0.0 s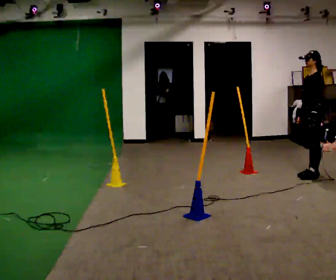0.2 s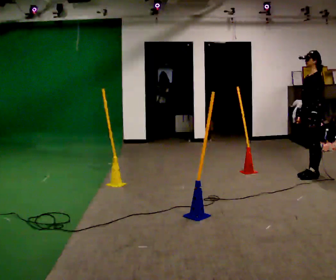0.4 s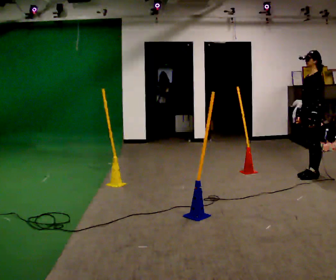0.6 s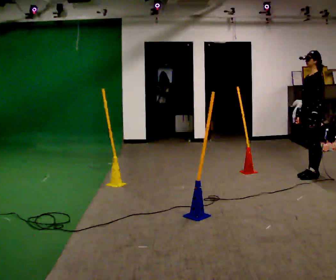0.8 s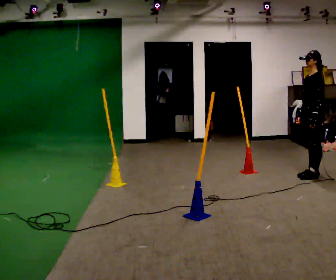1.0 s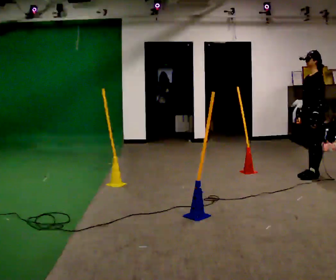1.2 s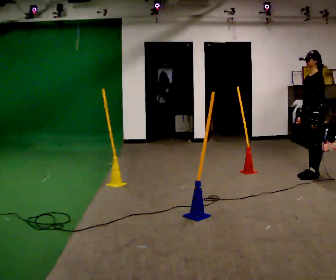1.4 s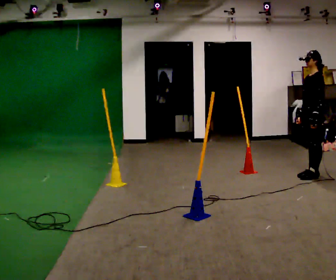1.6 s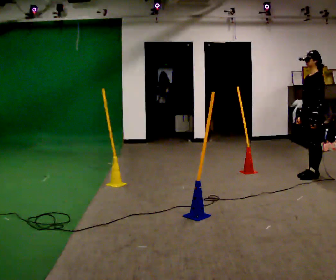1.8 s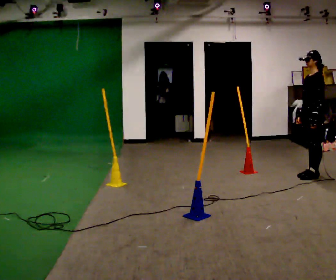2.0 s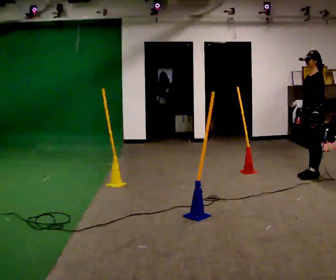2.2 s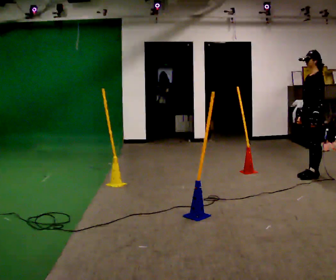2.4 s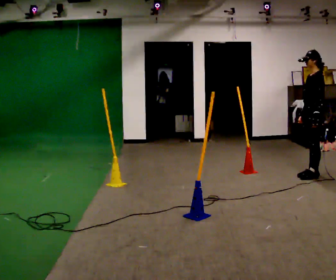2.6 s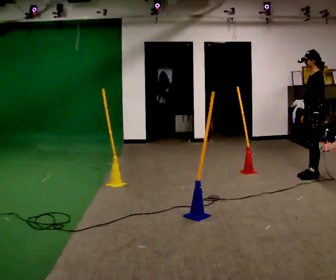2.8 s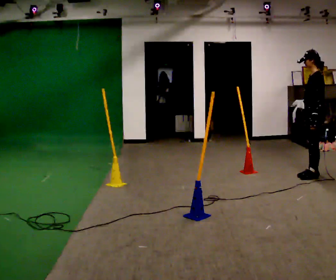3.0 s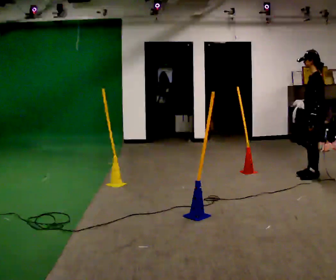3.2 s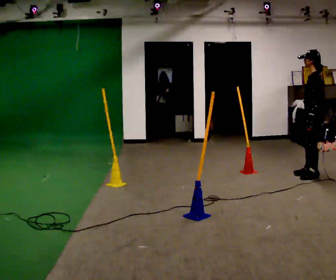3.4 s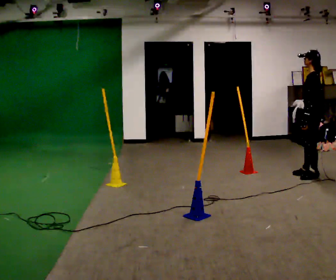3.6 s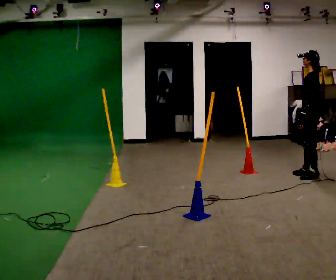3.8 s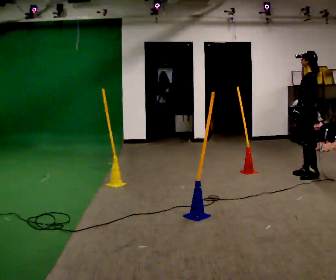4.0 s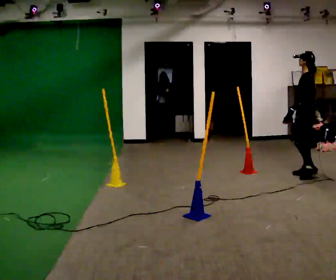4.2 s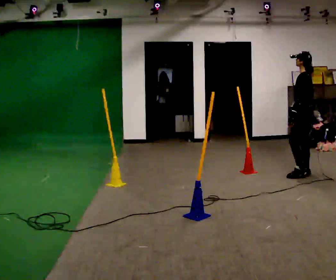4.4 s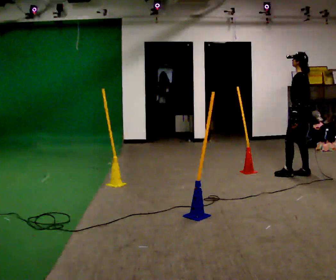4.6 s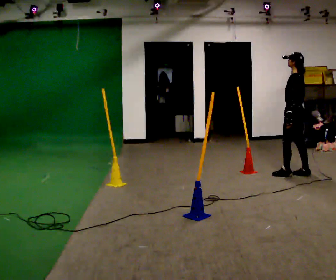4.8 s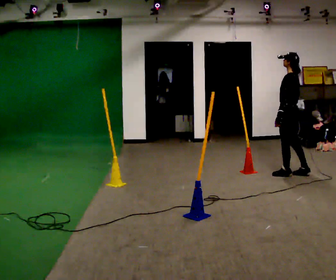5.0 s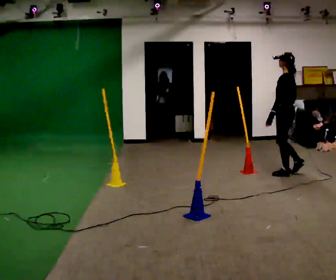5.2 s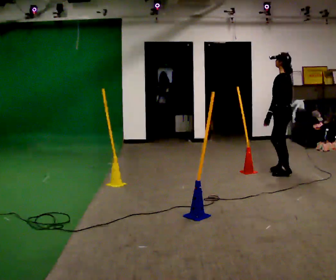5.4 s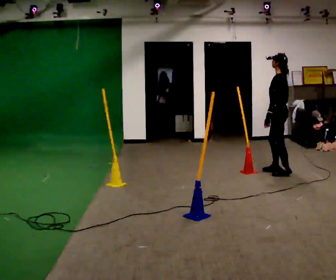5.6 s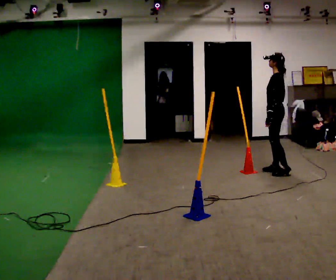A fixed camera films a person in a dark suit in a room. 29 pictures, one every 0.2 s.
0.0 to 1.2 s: The person moves a little, or ends about where they began.
1.2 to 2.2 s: The person keeps their place and pose.
2.2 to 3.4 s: Seen from above the body turns clockwise, about 30 degrees: to their right, with its near side sliding to the left.
3.4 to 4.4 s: In the picture they go to the left, about 0.25 m, which for them is forward.
4.4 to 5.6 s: In the picture they go to the left, about 0.25 m in 2 steps, which for them is forward.
The film runs forward here.
